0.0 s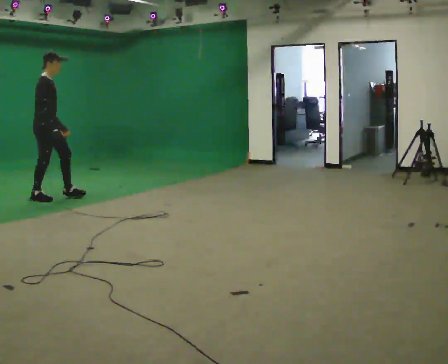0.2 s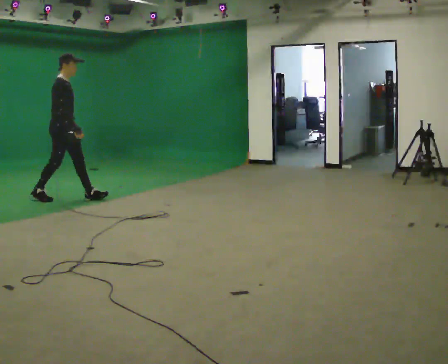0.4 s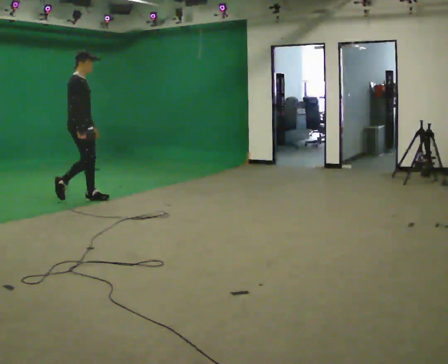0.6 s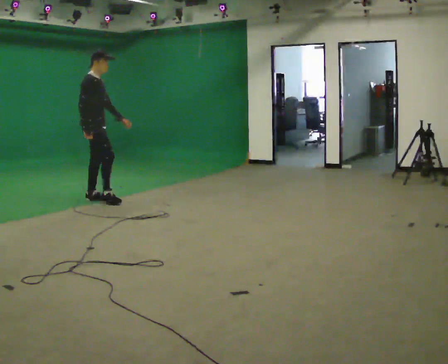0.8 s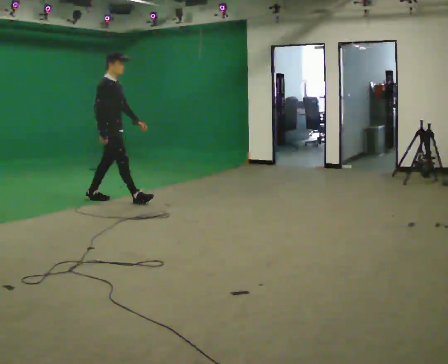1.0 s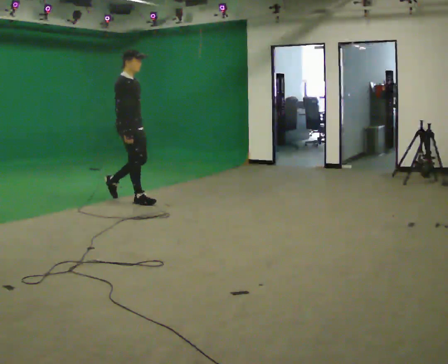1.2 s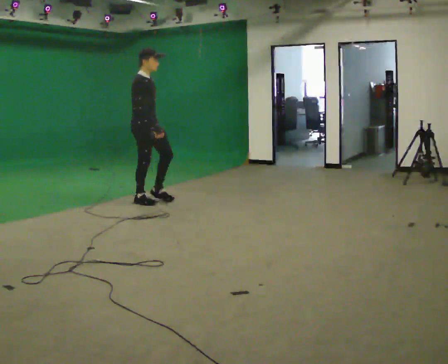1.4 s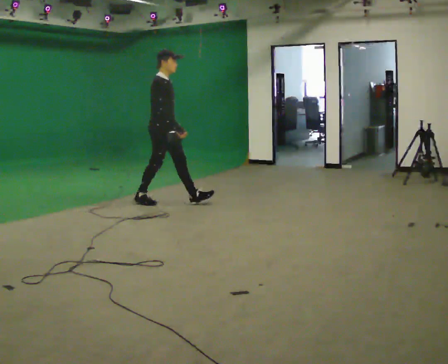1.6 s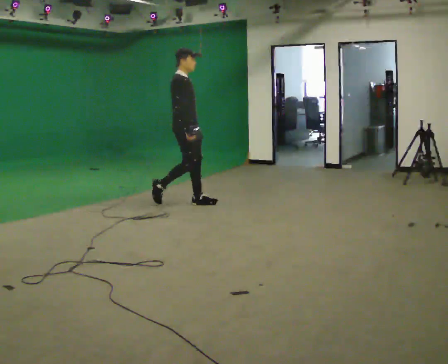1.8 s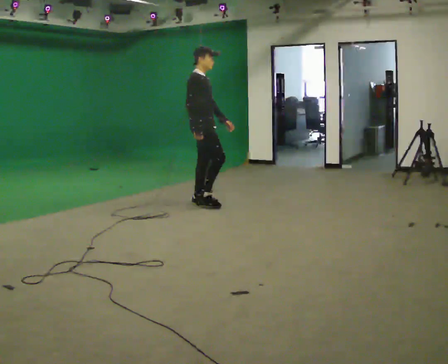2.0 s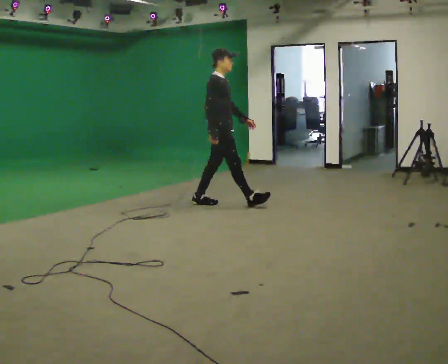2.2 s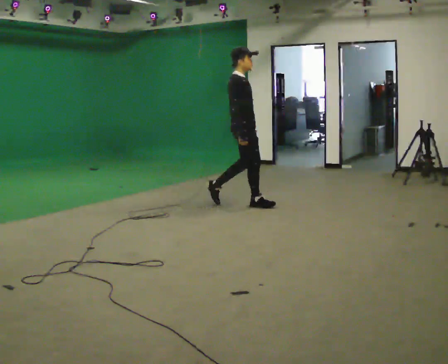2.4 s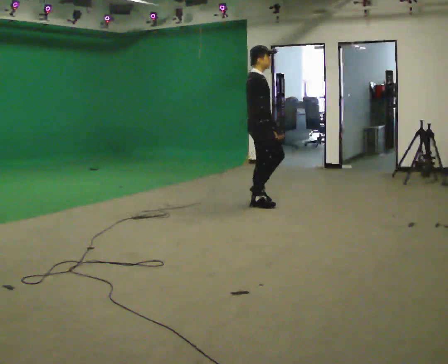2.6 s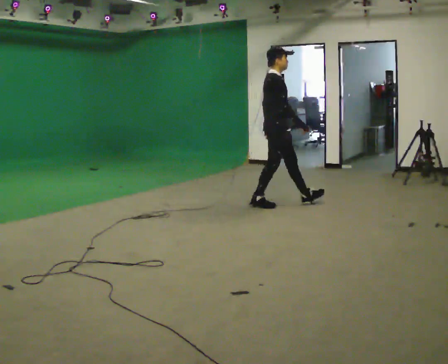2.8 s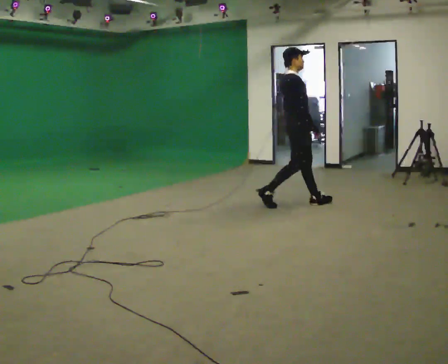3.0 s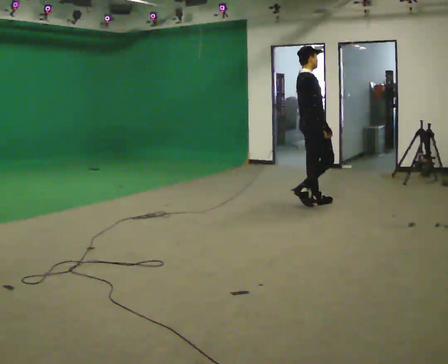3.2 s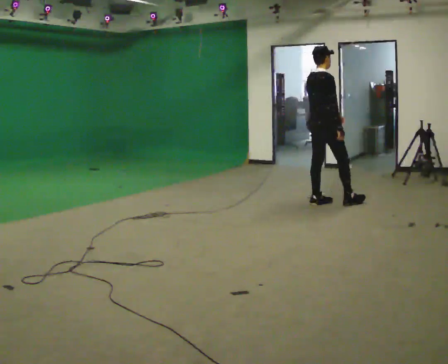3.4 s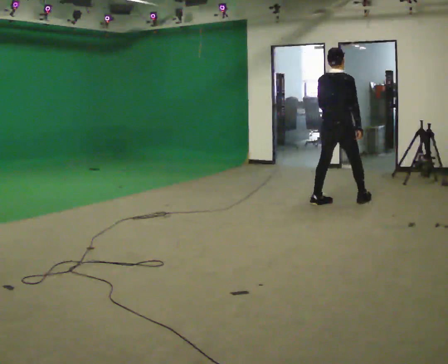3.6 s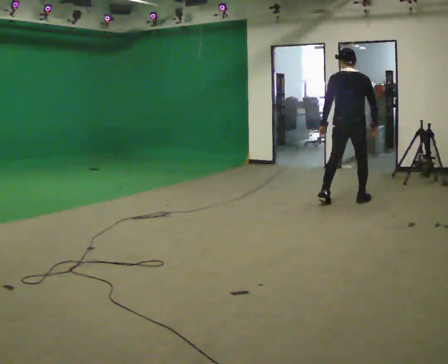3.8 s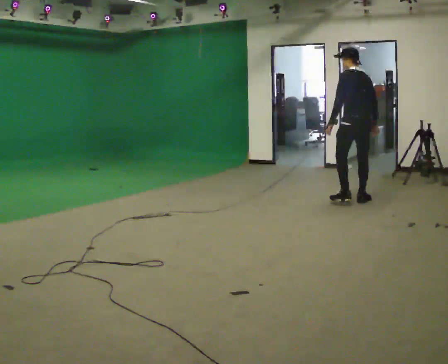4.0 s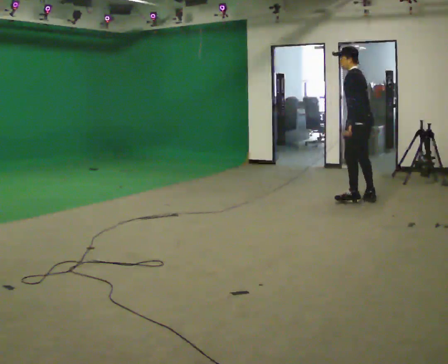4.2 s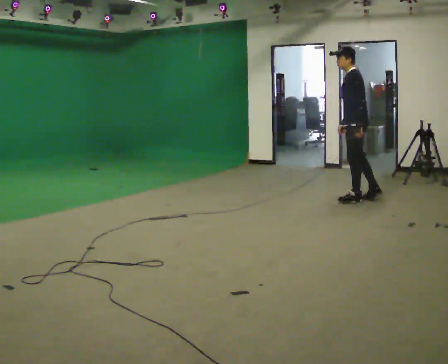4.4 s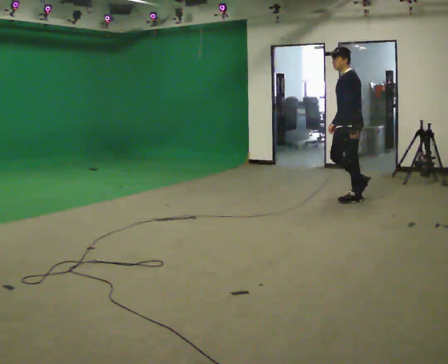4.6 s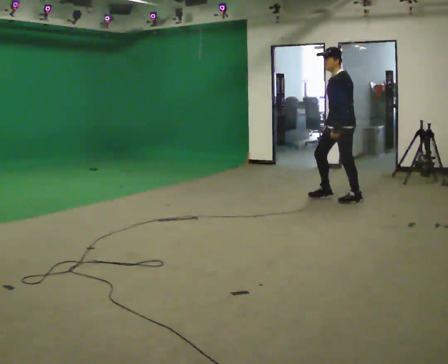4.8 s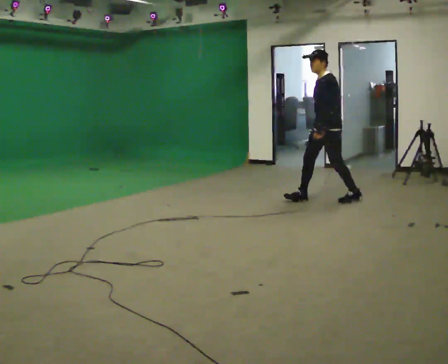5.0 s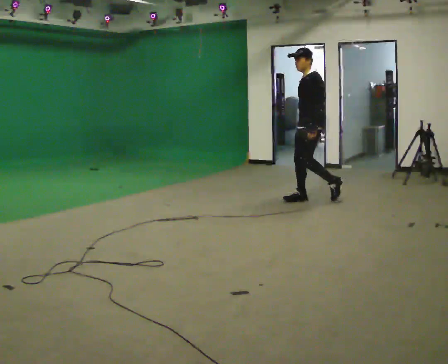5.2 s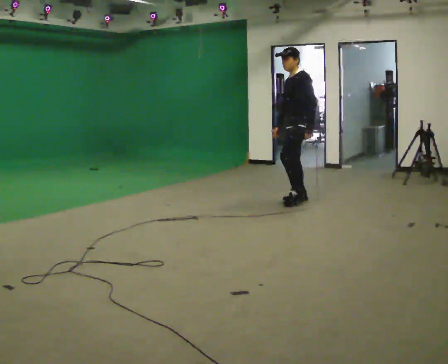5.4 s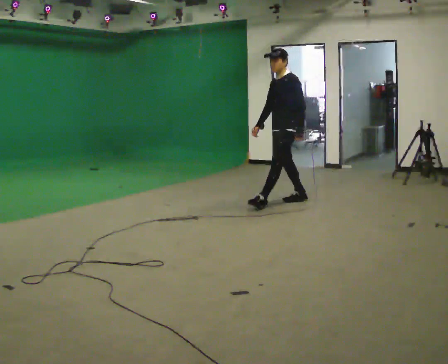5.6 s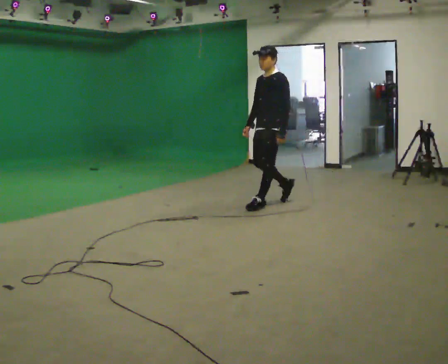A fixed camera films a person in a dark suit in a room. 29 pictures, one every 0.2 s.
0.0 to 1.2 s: In the picture they go to the right, about 1 m in 2 steps, which for them is forward.
1.2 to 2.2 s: In the picture they go to the right, about 1 m in 2 steps, which for them is forward.
2.2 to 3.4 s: The person turns about 45 degrees to their left, counterclockwise seen from above, so the part of the body nearest the lens slides to the right. In the picture they go to the right, about 1 m in 2 steps, which for them is forward.
3.4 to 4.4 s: The person turns about 135 degrees to their left, counterclockwise seen from above, so the part of the body nearest the lens slides to the right. In the picture they go to the right, about 0.25 m in 1 step.
4.4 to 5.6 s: In the picture they go to the left, about 1 m in 2 steps, which for them is forward.
The film runs forward here.
